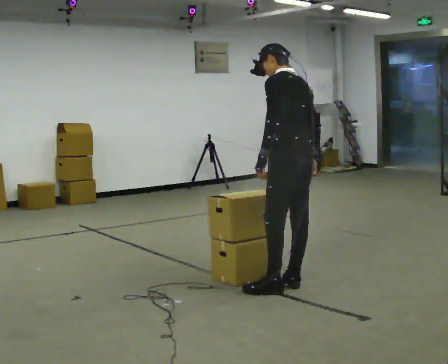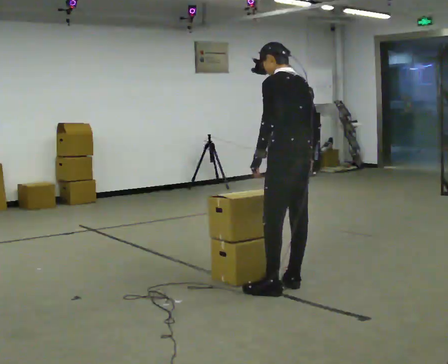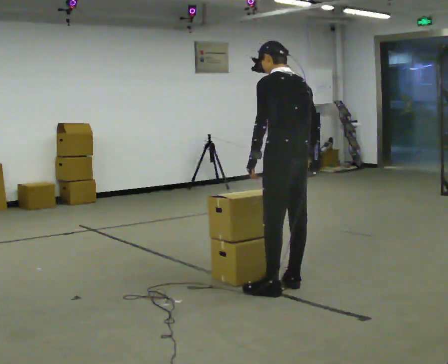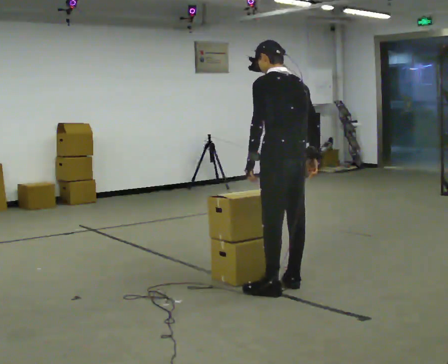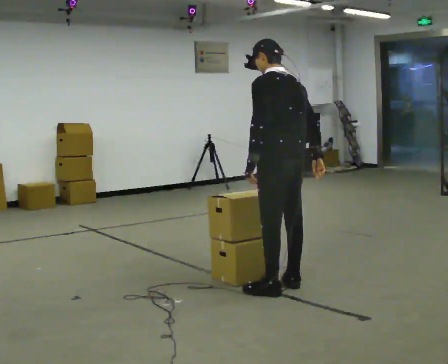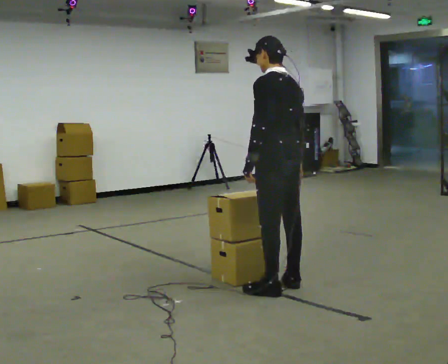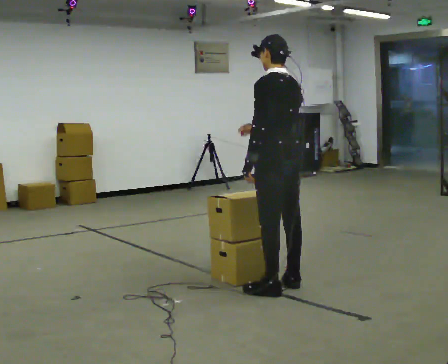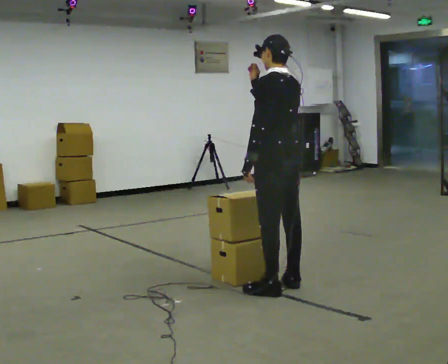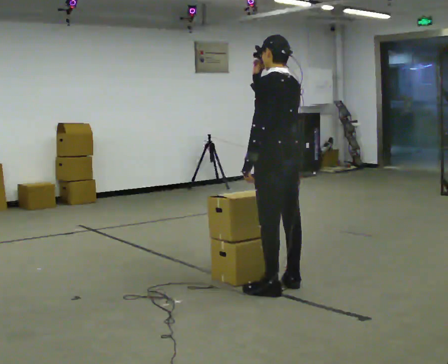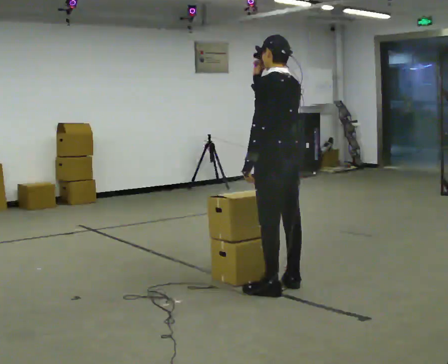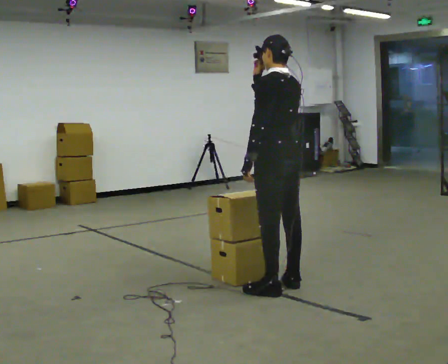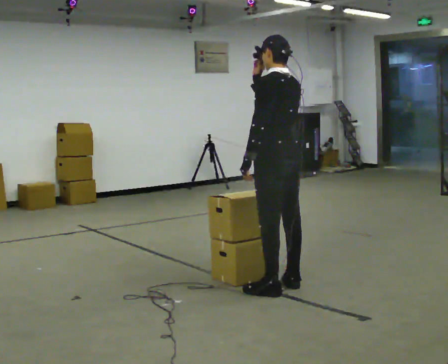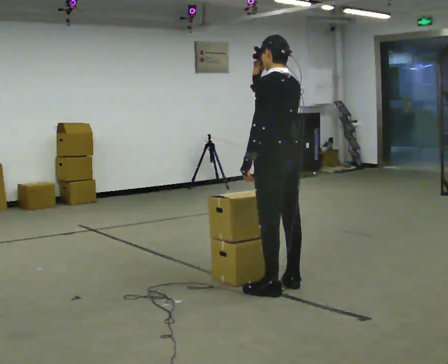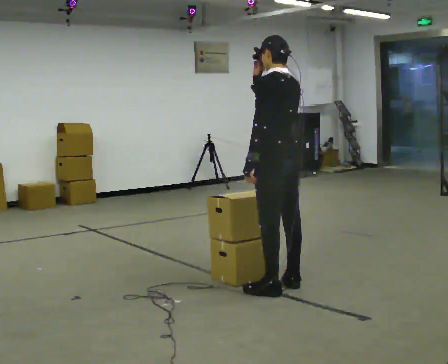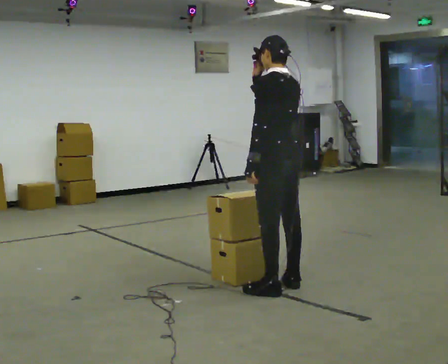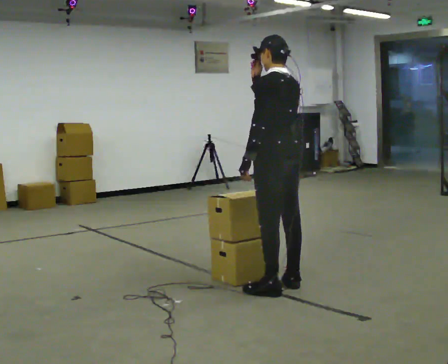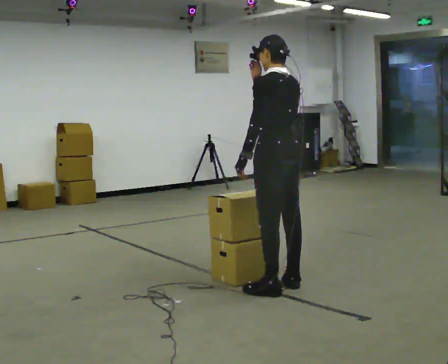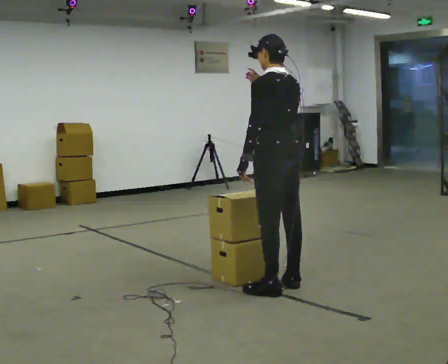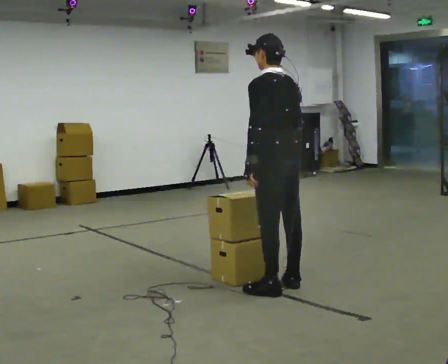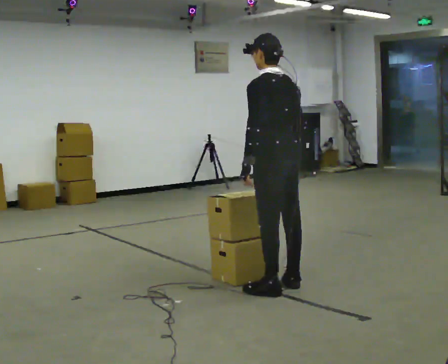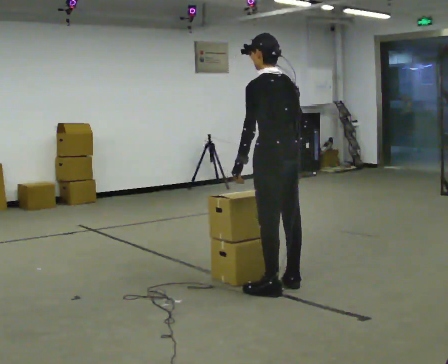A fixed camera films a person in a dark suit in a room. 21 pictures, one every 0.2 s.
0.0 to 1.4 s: In the picture their right hand goes upward and to the left.
1.4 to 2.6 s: The person moves a little, or ends about where they began.
2.6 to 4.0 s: In the picture their right hand goes downward.
The film runs backward here.
